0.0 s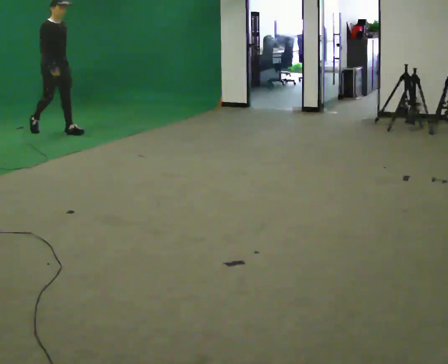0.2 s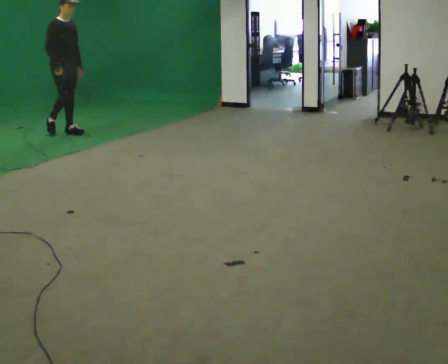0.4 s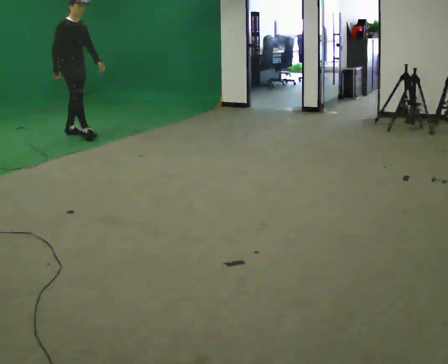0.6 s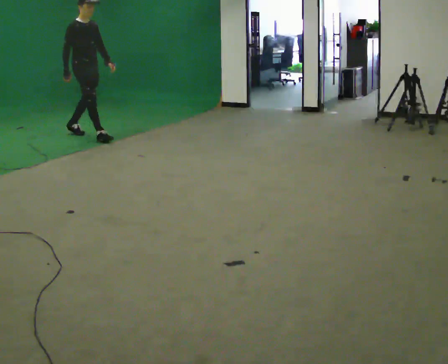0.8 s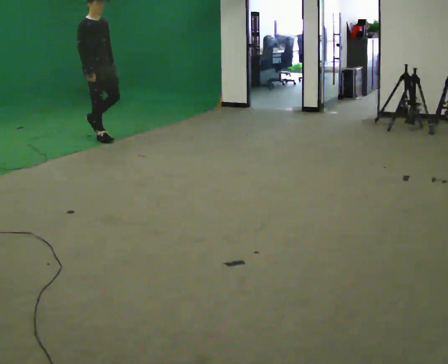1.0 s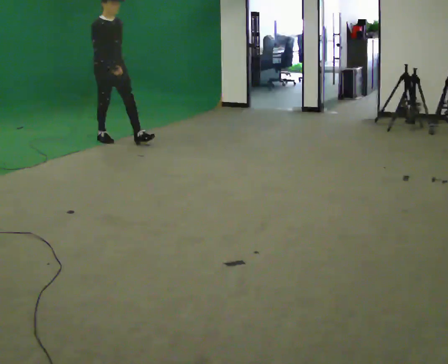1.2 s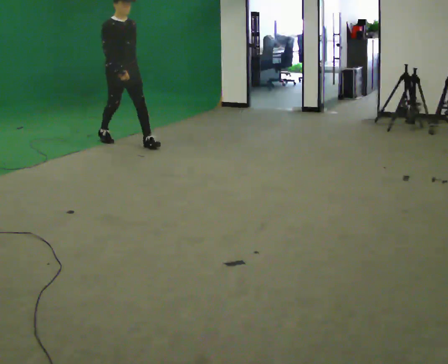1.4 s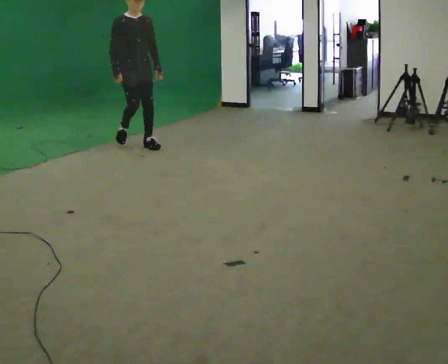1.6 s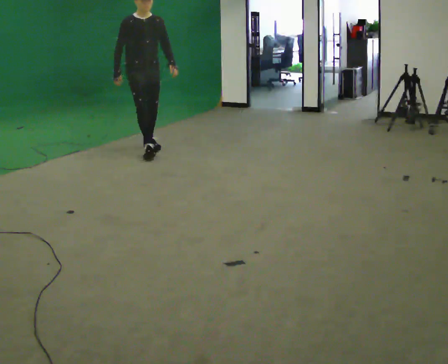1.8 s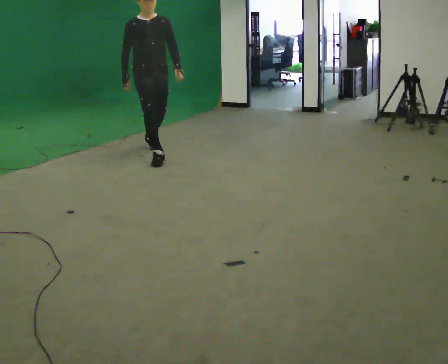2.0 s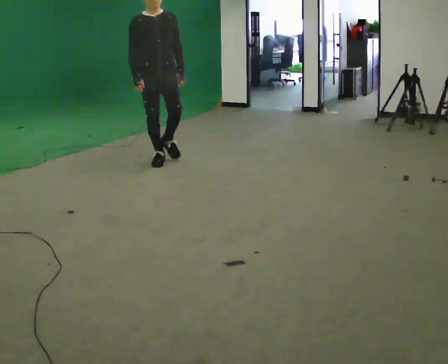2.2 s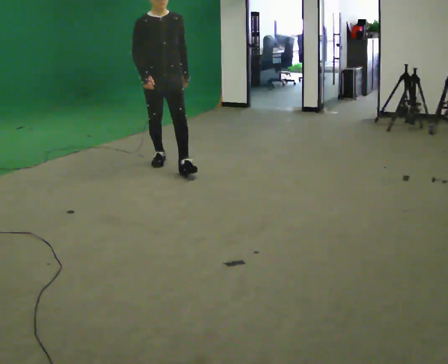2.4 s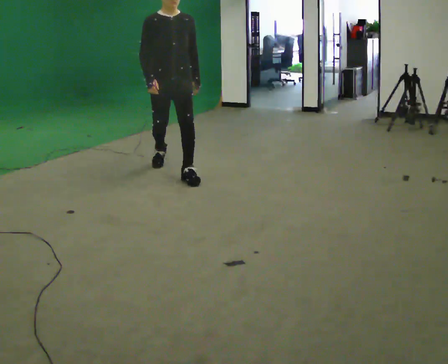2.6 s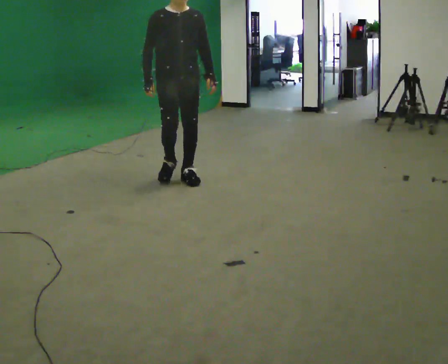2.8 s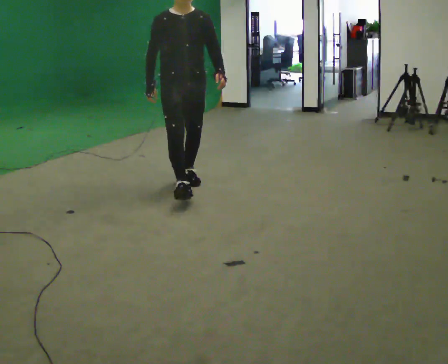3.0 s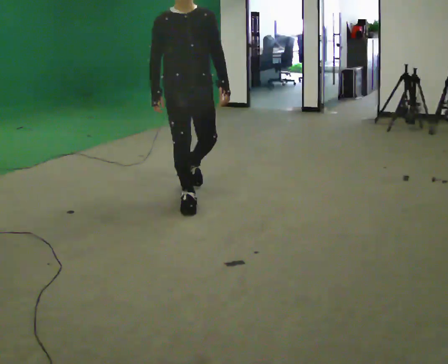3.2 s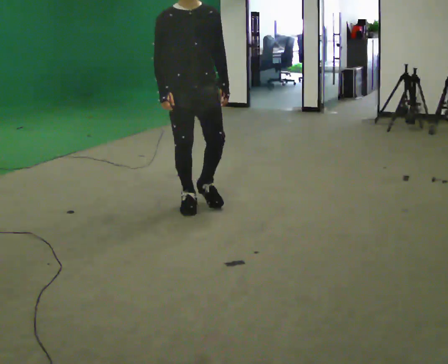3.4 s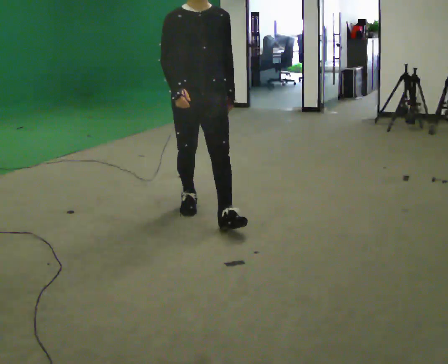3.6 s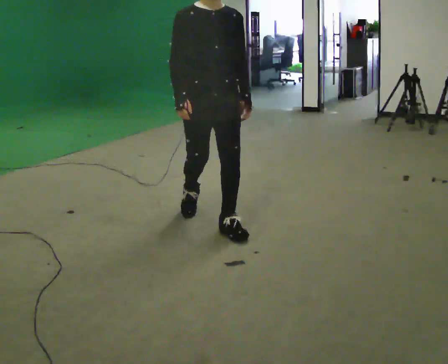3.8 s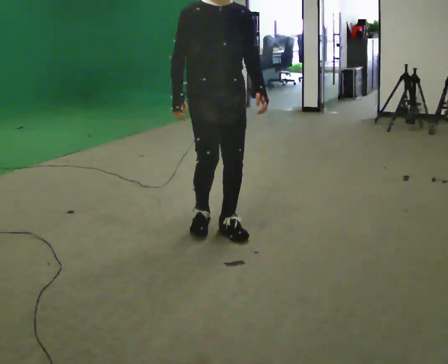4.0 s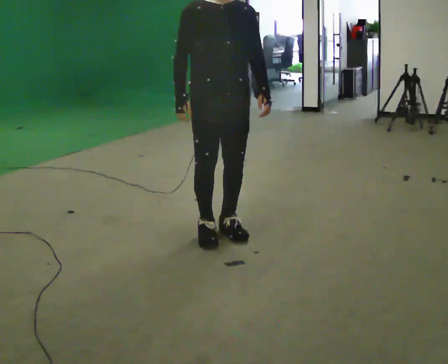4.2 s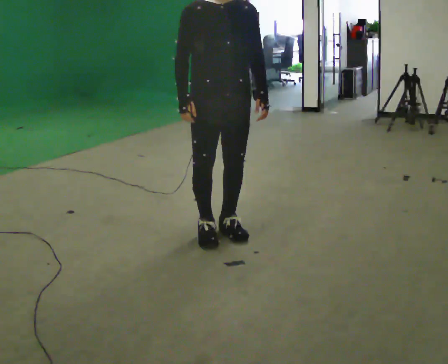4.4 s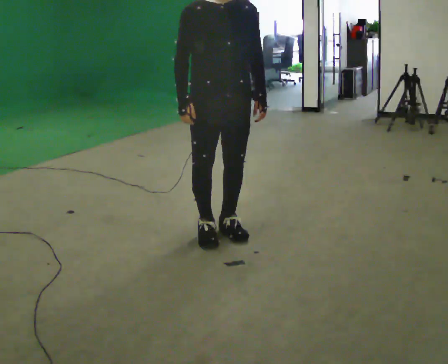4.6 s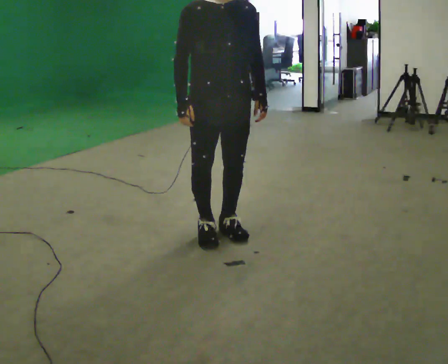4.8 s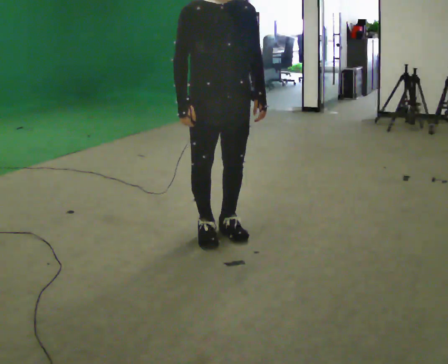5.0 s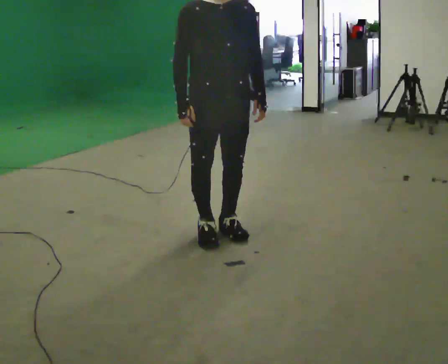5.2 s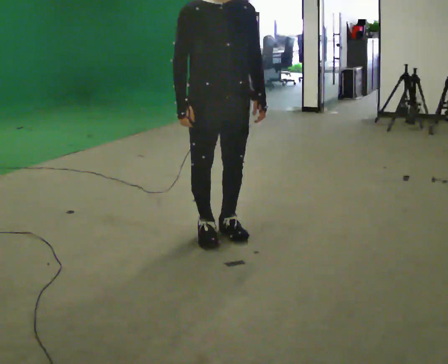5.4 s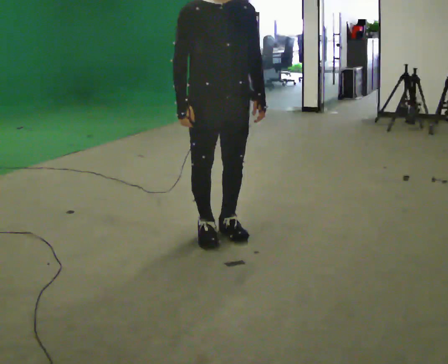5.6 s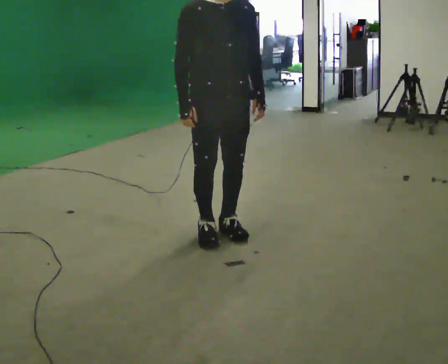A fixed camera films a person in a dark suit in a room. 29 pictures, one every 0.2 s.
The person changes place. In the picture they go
toward the camera.
0.0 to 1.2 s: In the picture they go to the right and toward the camera, about 1 m in 2 steps, which for them is forward.
1.2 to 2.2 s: Seen from above the body turns clockwise, about 30 degrees: to their right, with its near side sliding to the left. In the picture they go toward the camera and to the right, about 1 m in 1 step, which for them is forward.
2.2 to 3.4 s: In the picture they go toward the camera, about 1.5 m in 2 steps, which for them is forward.
3.4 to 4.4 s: In the picture they go toward the camera, about 0.5 m in 2 steps, which for them is forward.
4.4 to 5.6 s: The person moves a little, or ends about where they began.
The film runs forward here.
